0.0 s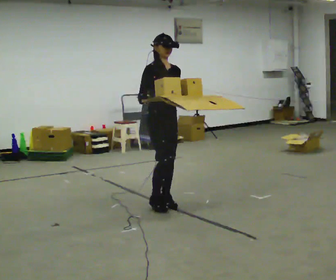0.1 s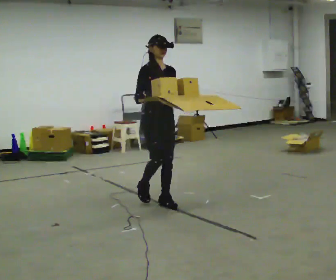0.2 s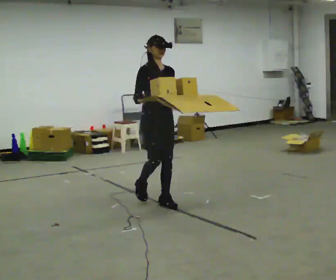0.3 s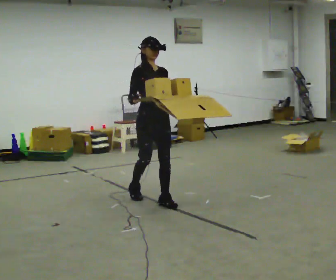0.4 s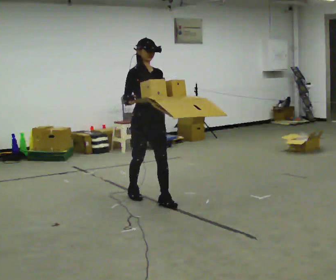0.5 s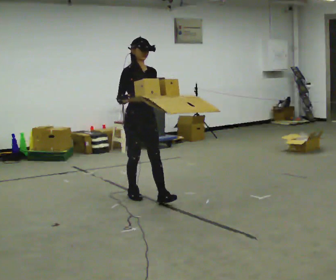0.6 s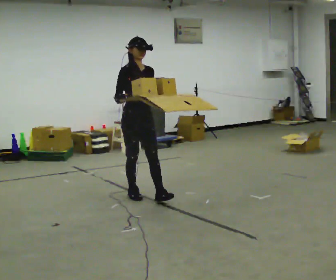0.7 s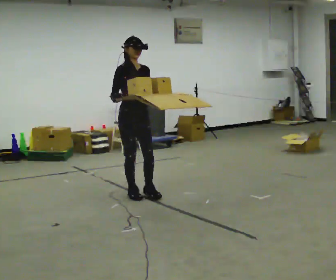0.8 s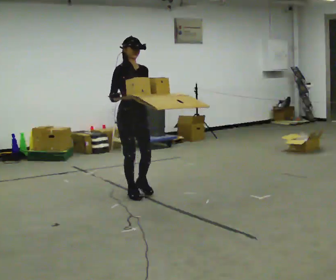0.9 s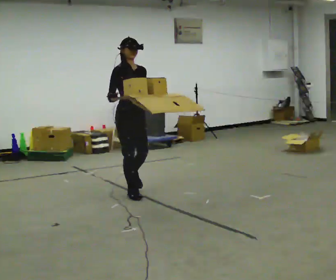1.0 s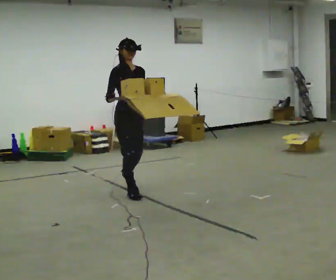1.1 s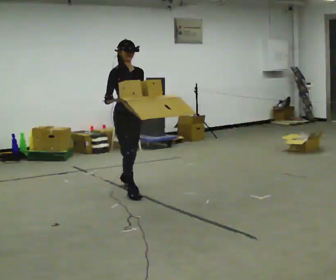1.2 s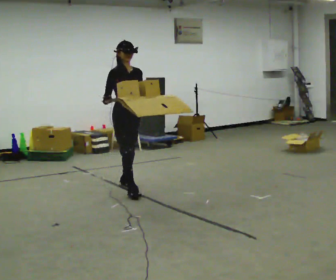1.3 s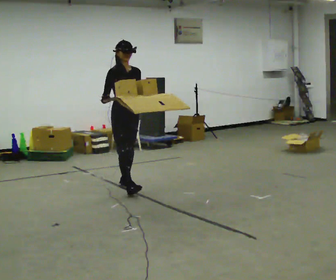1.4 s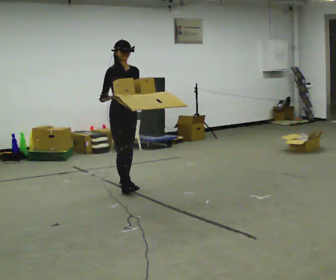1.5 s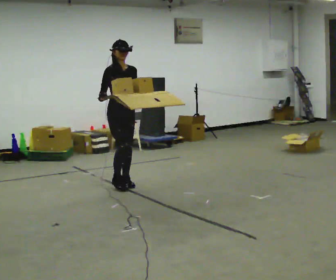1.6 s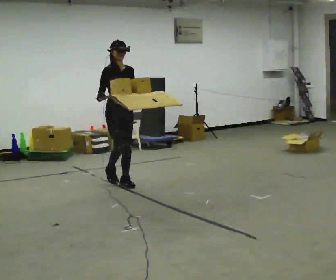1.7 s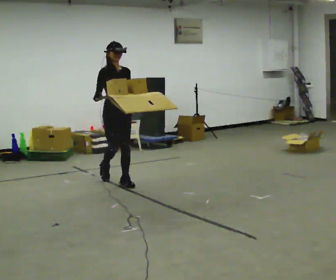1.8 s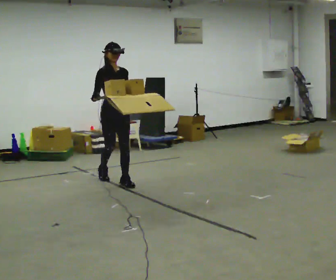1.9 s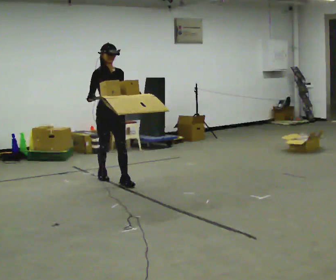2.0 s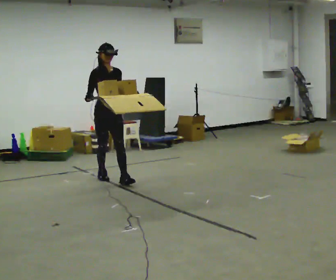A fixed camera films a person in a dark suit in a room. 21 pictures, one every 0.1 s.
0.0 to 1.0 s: In the picture they go away from the camera and to the left, about 0.5 m in 1 step, which for them is backward.
1.0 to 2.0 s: In the picture they go away from the camera, about 0.75 m in 1 step, which for them is backward.
The film runs backward here.
